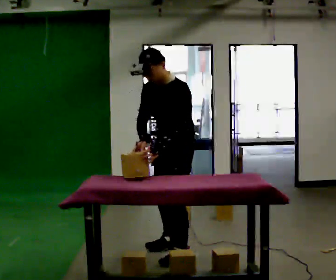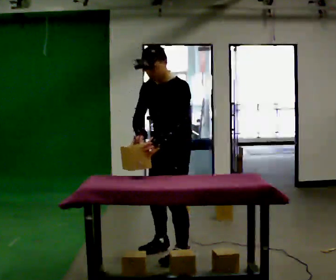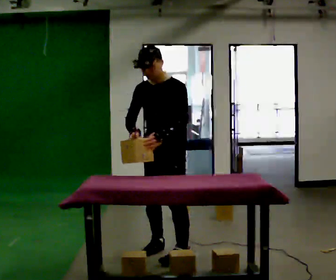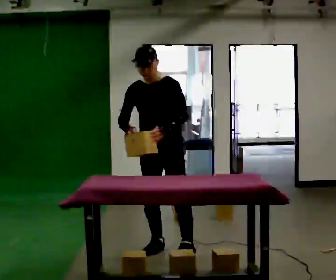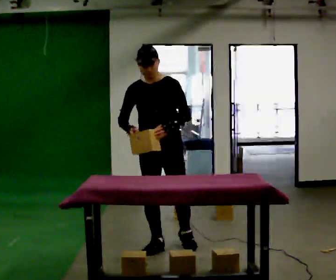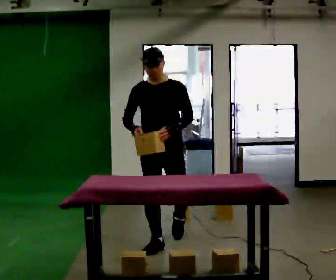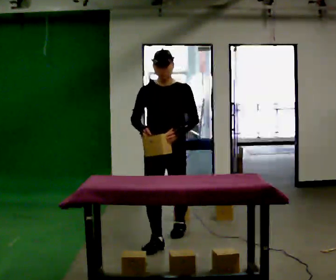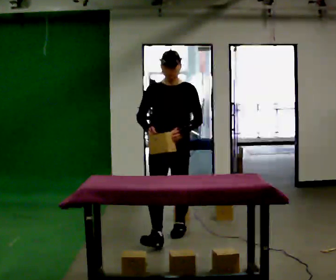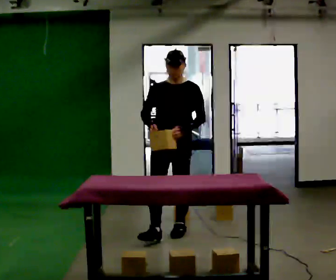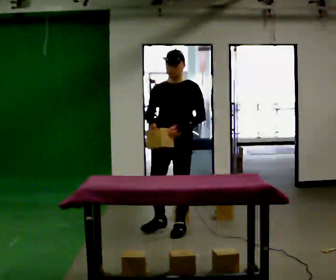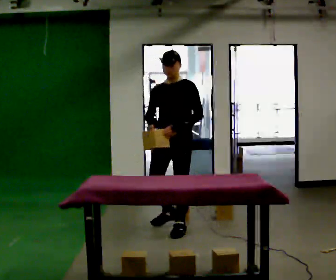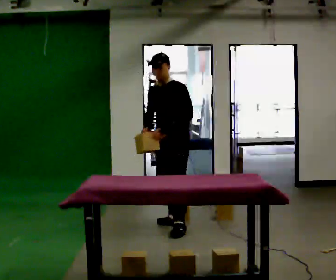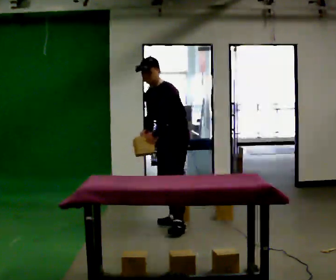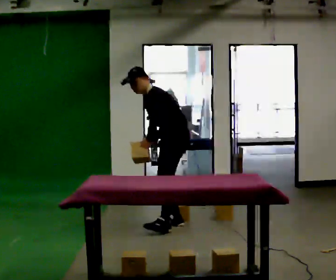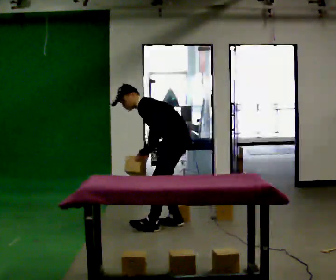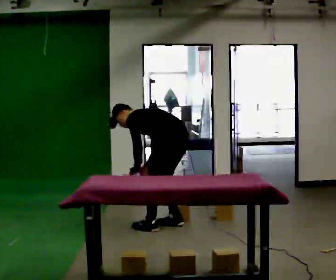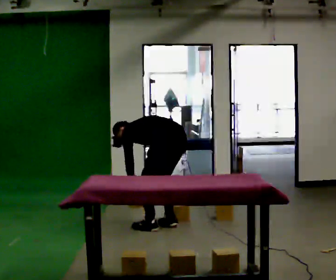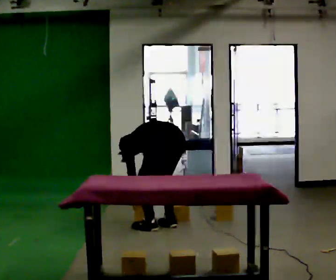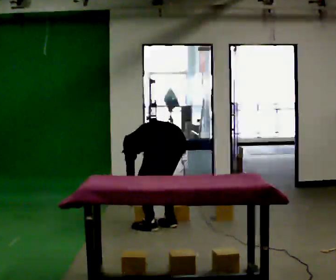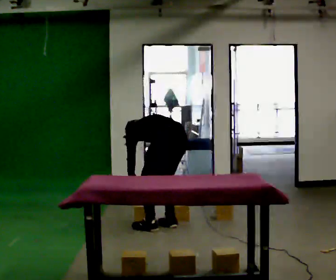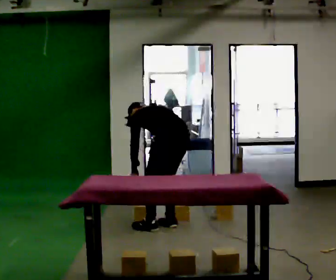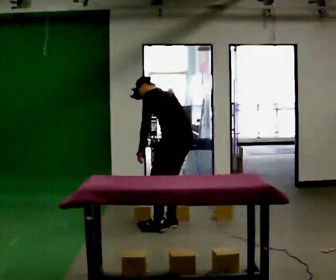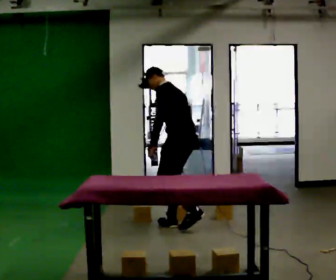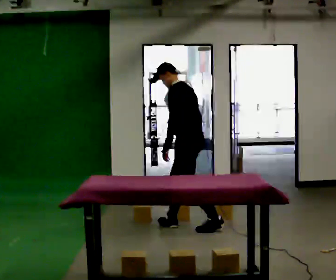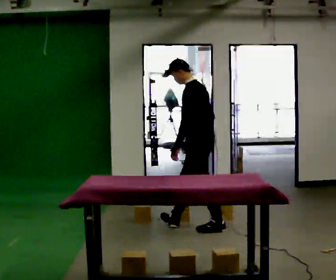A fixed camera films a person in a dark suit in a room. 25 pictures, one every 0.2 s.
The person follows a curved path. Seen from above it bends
clockwise.
0.0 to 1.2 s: Seen from above the body turns counterclockwise, about 60 degrees: to their left, with its near side sliding to the right. In the picture they go away from the camera, about 0.5 m in 2 steps, which for them is backward and to their right. The upper body tips away from the camera, its near side rolling upward, as they lean back or straighten.
1.2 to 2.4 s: The part of the body nearest the lens slides to the left as the person turns to their right by about 60 degrees. In the picture they go away from the camera, about 0.5 m in 1 step. In the picture the upper body tilts counterclockwise, shoulders to the left.
2.4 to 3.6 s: The part of the body nearest the lens slides to the left as the person turns to their right by about 90 degrees. In the picture they go toward the camera, about 0.25 m in 1 step. The upper body goes downward. The upper body tips away from the camera, its near side rolling upward, as they bend forward. In the picture their left hand goes downward and to the left.
3.6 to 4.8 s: The part of the body nearest the lens slides to the right as the person turns to their left by about 30 degrees. In the picture they go to the right, about 0.25 m in 1 step, which for them is to their right and backward. The shoulders move upward. The upper body tips toward the camera, its near side rolling downward, as they lean back or straighten. In the picture their left hand goes upward.
The film runs backward here.
